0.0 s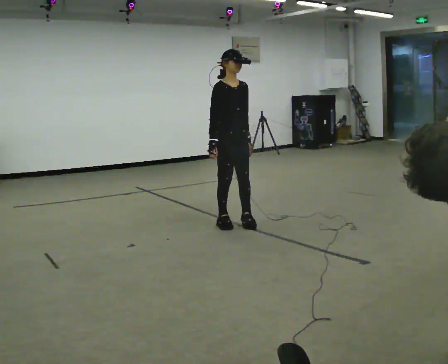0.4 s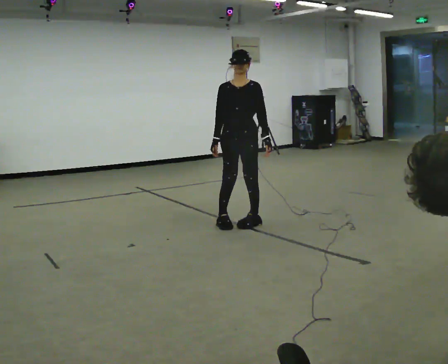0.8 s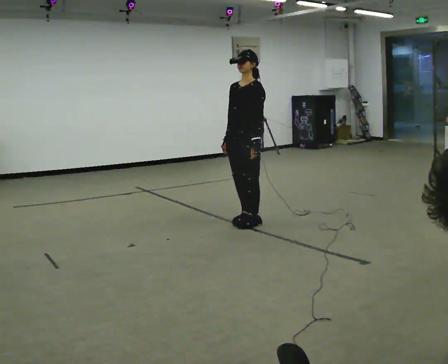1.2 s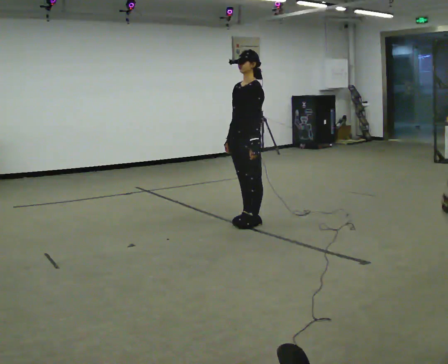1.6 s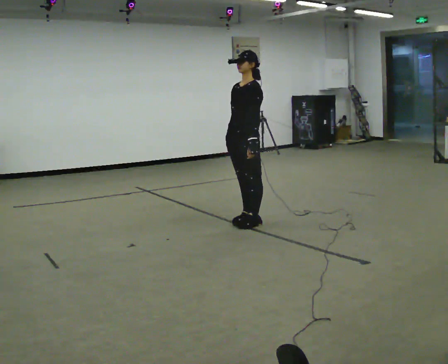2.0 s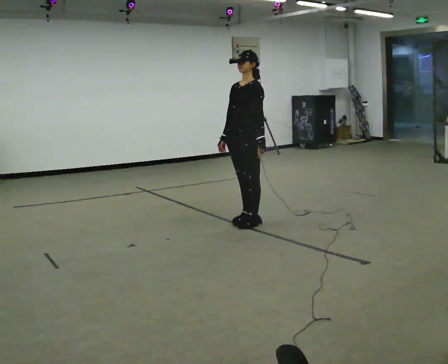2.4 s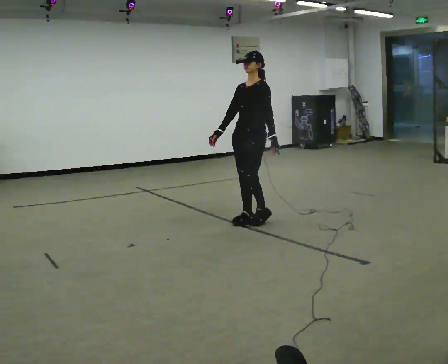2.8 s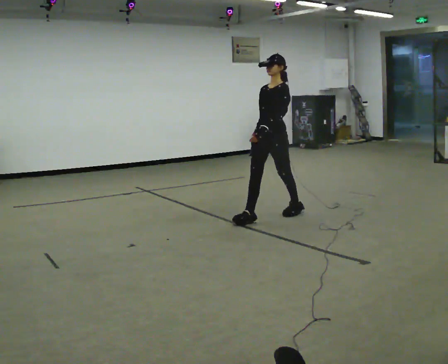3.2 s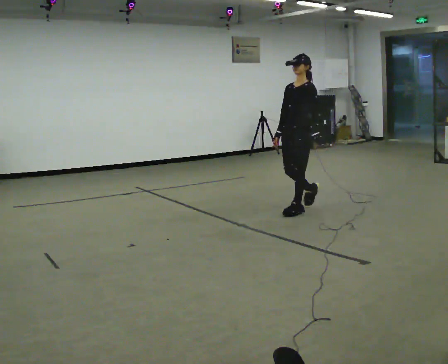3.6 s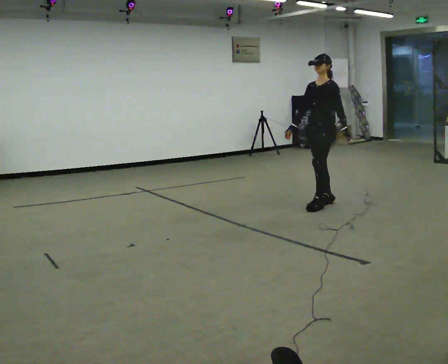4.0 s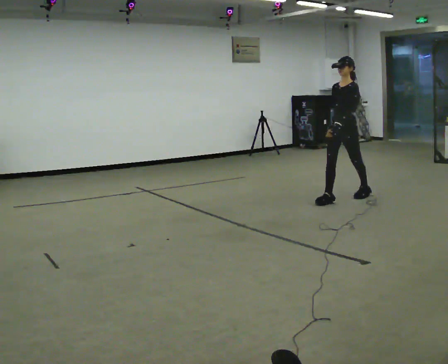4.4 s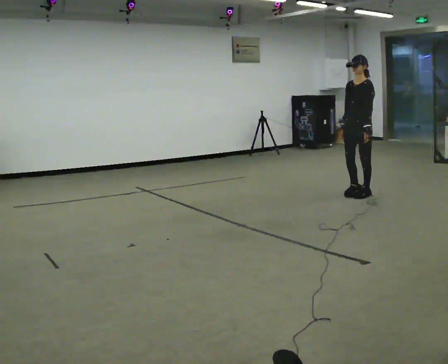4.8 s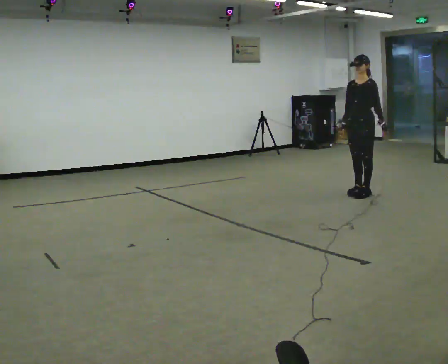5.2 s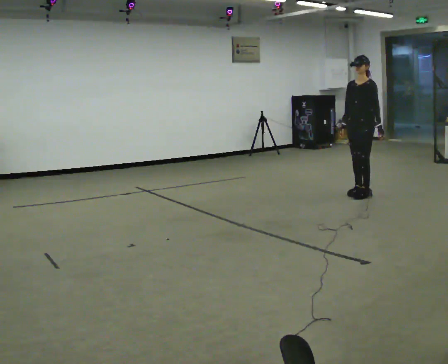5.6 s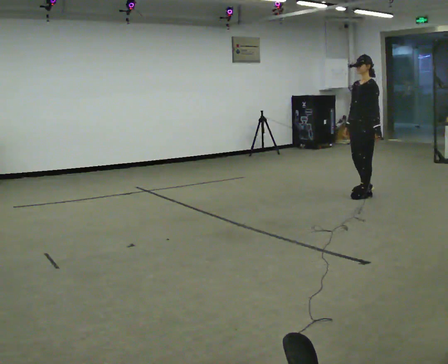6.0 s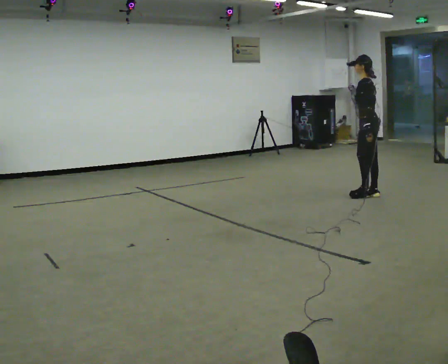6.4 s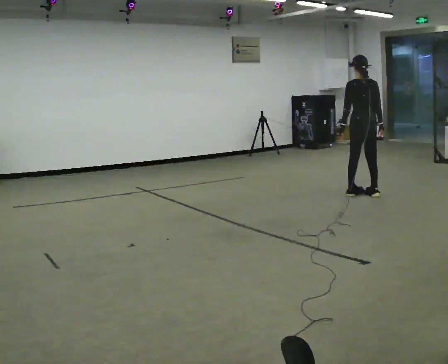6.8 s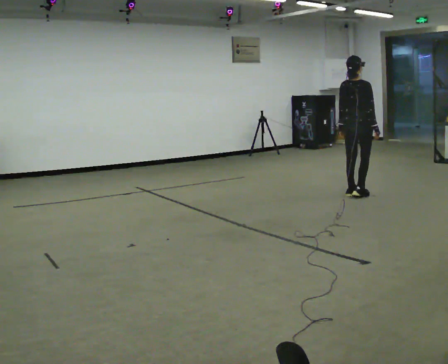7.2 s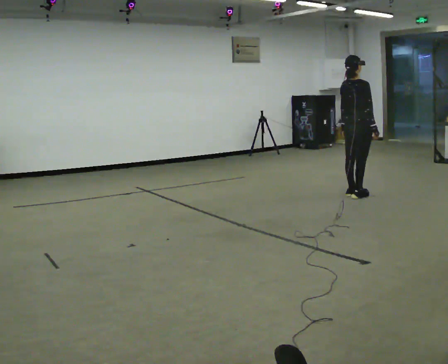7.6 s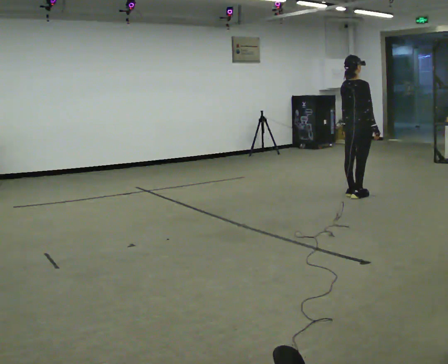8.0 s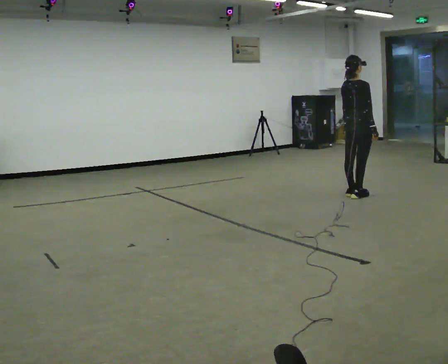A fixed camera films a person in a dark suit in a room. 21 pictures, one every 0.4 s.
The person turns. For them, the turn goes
to their right.
The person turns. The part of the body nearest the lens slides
to the left.
0.0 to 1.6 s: Seen from above the body turns clockwise, about 90 degrees: to their right, with its near side sliding to the left.
1.6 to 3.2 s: In the picture they go away from the camera and to the right, about 0.75 m in 2 steps, which for them is backward.
3.2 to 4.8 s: In the picture they go away from the camera and to the right, about 1 m in 2 steps, which for them is backward.
4.8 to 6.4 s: The part of the body nearest the lens slides to the left as the person turns to their right by about 135 degrees. In the picture their right hand goes to the right, the arm swinging counterclockwise.
6.4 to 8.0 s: Seen from above the body turns clockwise, about 60 degrees: to their right, with its near side sliding to the left.
The film runs backward here.
